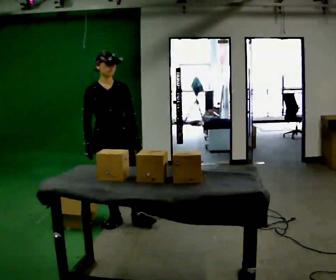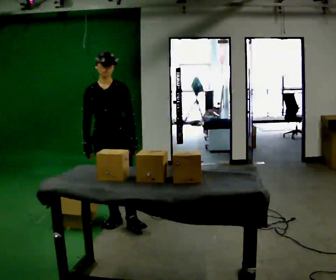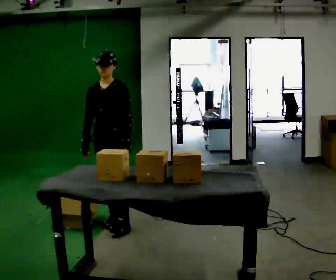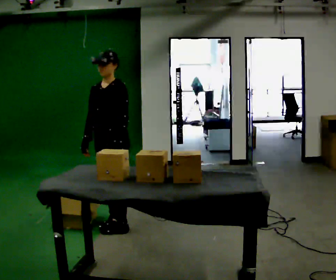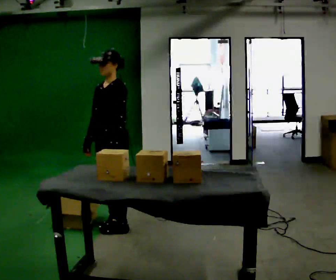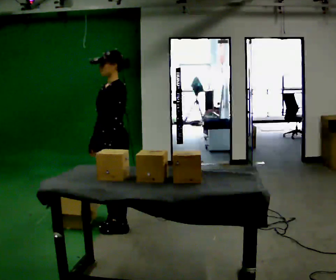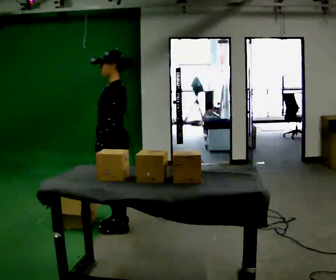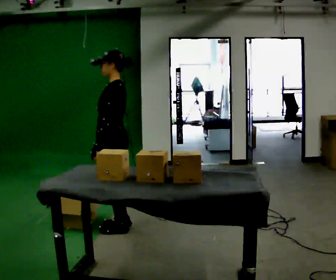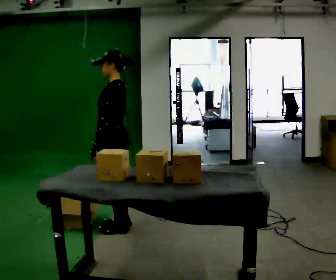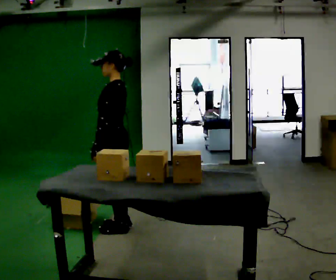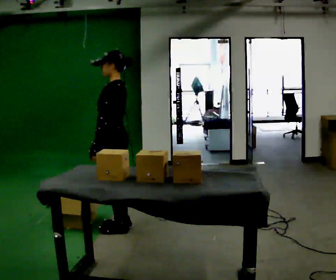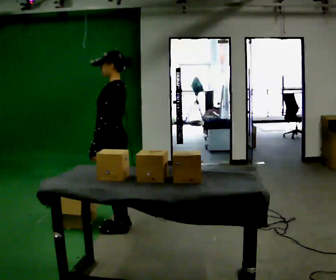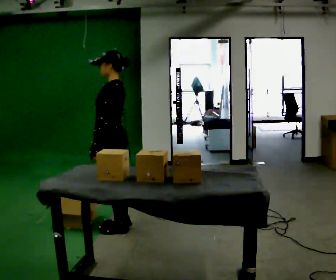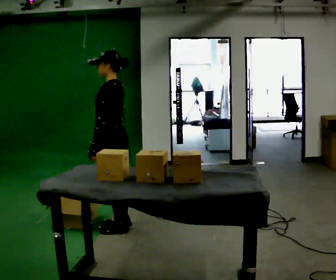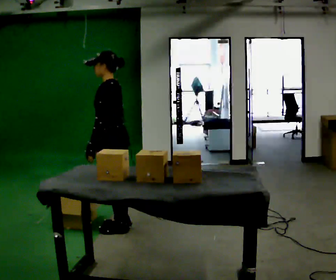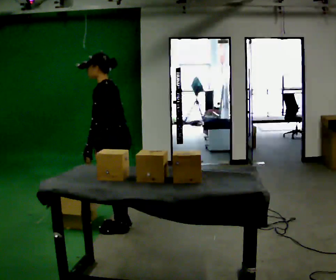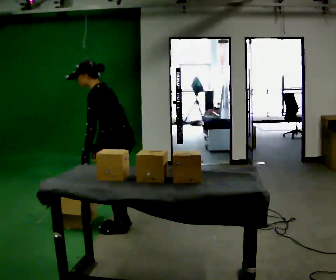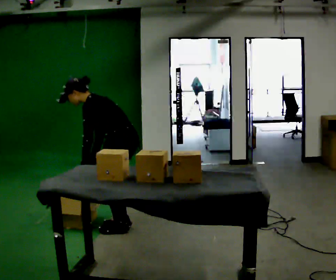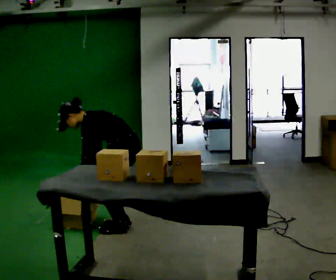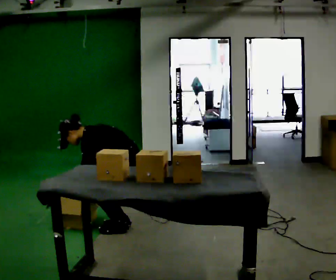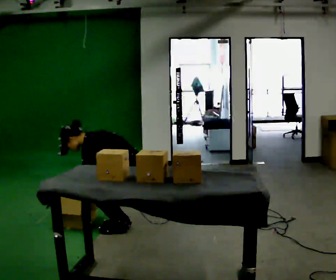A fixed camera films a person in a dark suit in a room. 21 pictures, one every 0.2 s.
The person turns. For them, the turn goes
to their right.
Their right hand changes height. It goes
downward.
0.0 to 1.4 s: The person turns about 105 degrees to their right, clockwise seen from above, so the part of the body nearest the lens slides to the left. In the picture they go toward the camera, about 0.25 m in 1 step. In the picture their left hand goes to the left, the arm swinging clockwise.
1.4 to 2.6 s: The person moves a little, or ends about where they began.
2.6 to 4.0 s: The shoulders move downward. In the picture the upper body tilts counterclockwise, shoulders to the left, as they bend forward. In the picture their left hand goes downward.
The film runs backward here.
